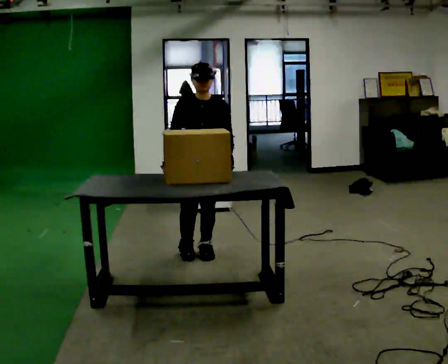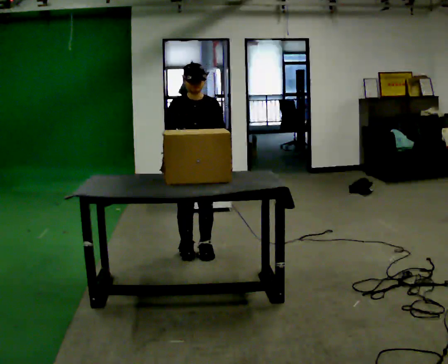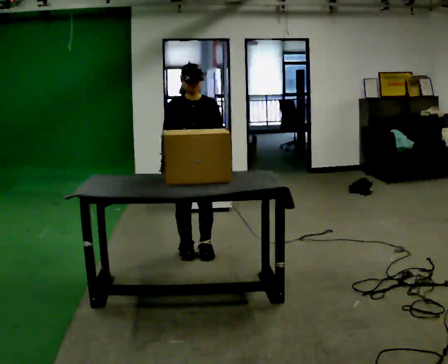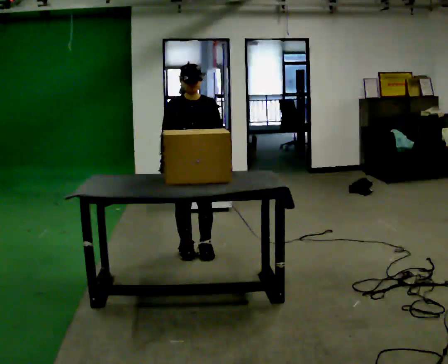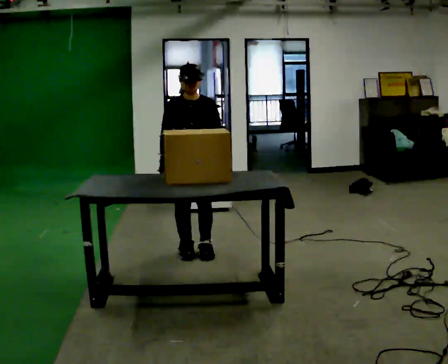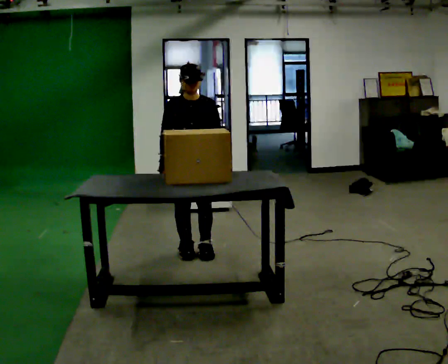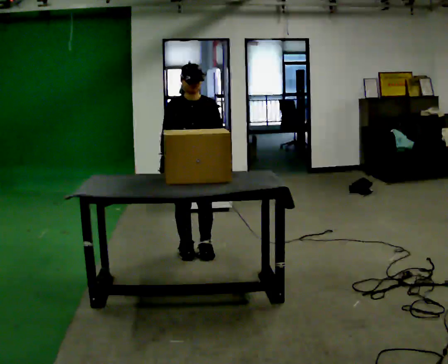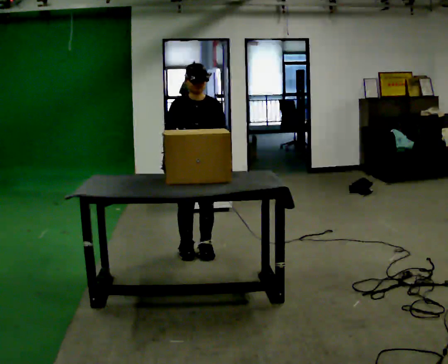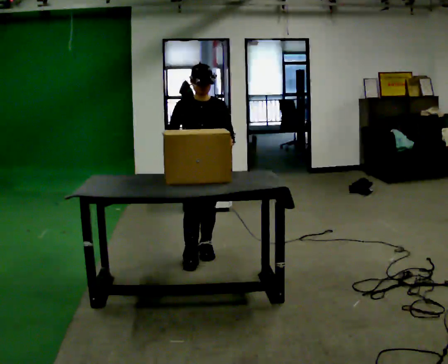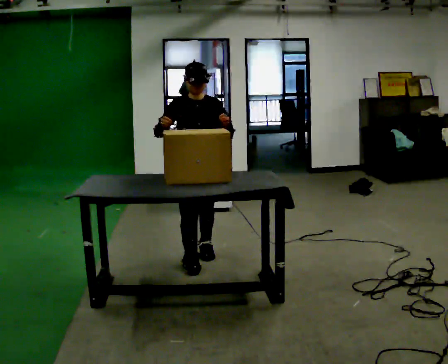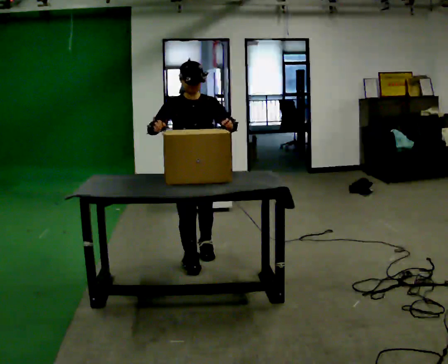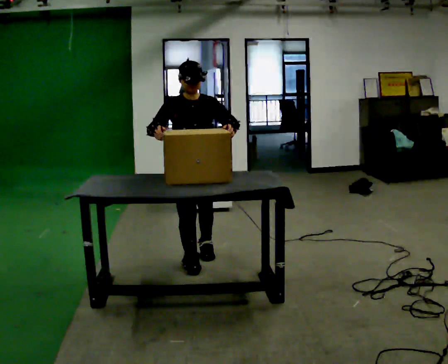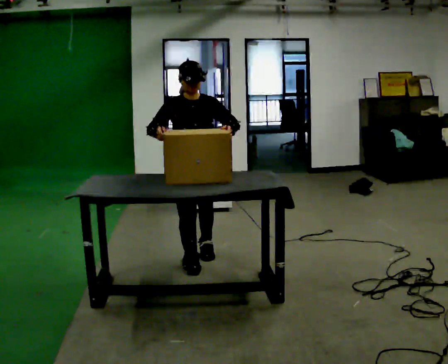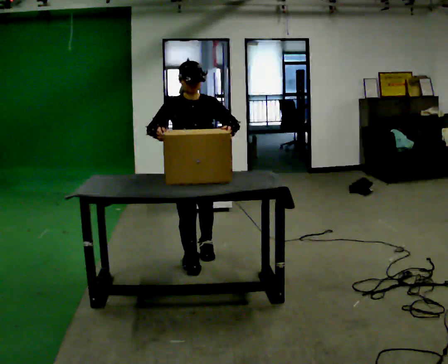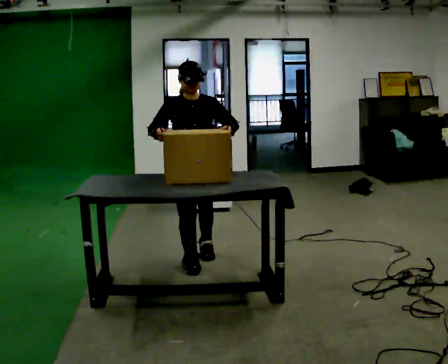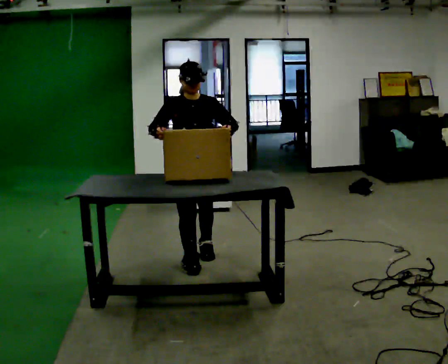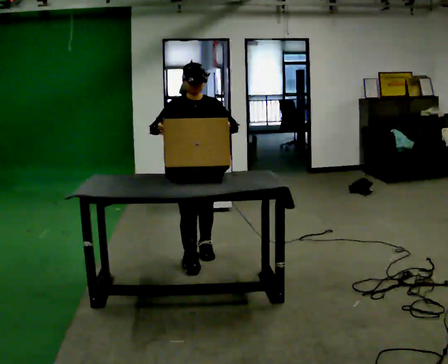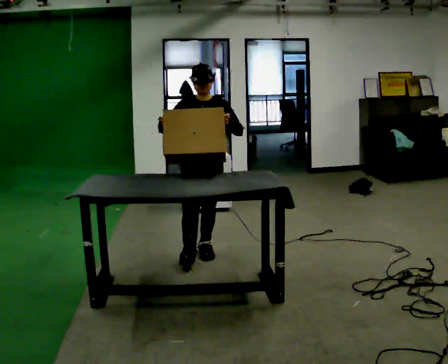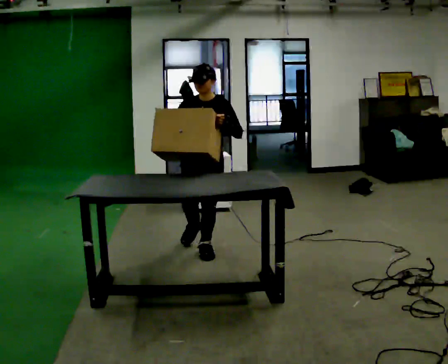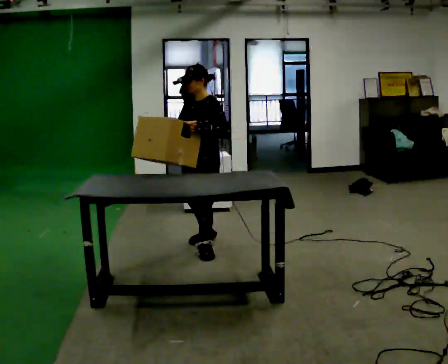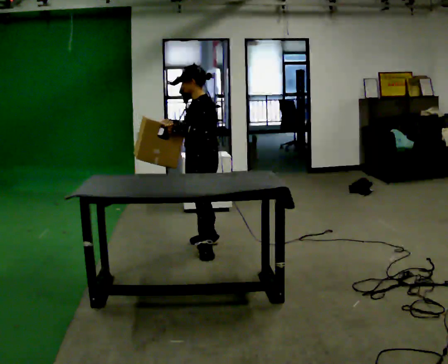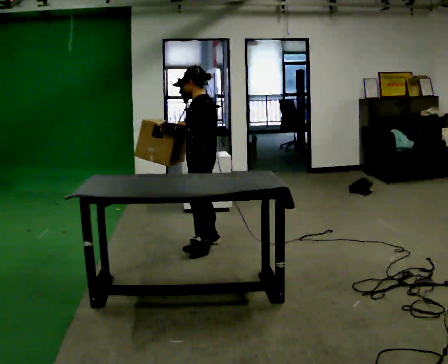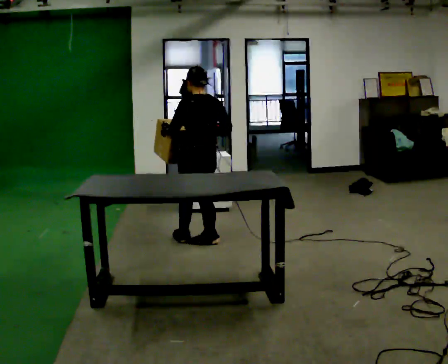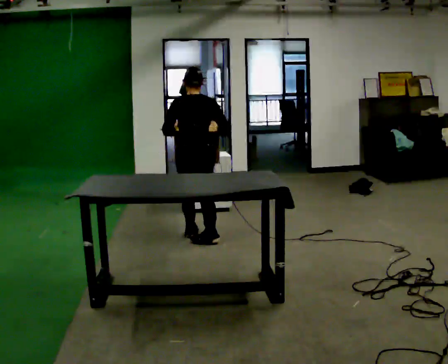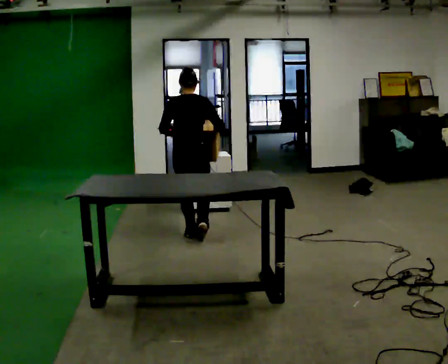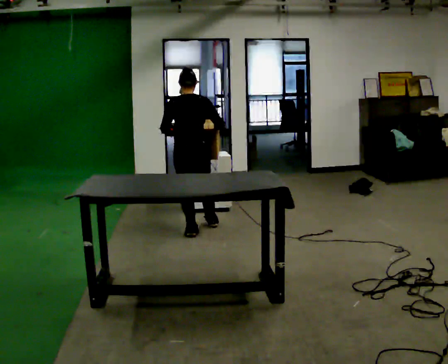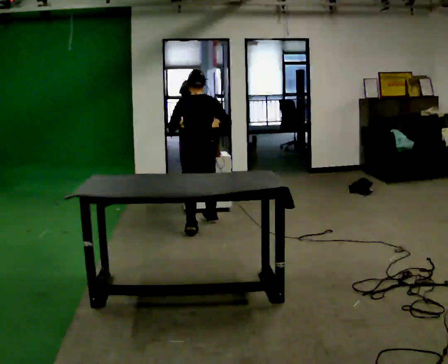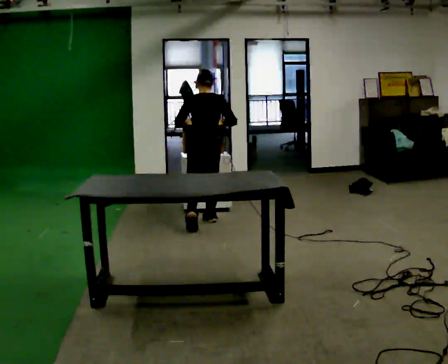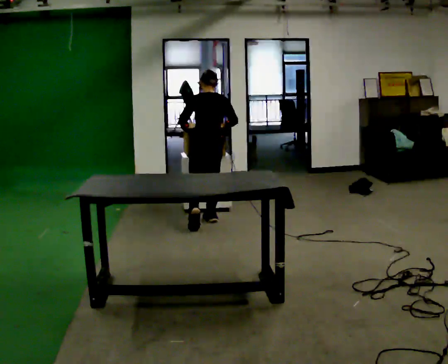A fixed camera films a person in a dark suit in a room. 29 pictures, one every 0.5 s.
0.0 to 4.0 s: The person moves a little, or ends about where they began.
4.0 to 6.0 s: In the picture they go toward the camera, about 0.25 m in 1 step, which for them is forward.
6.0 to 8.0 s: The person moves a little, or ends about where they began.
8.0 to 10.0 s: The part of the body nearest the lens slides to the left as the person turns to their right by about 90 degrees. In the picture they go away from the camera, about 0.25 m in 1 step.
10.0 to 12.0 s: Seen from above the body turns clockwise, about 120 degrees: to their right, with its near side sliding to the left. In the picture they go away from the camera, about 0.5 m in 1 step.
12.0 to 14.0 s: In the picture they go away from the camera, about 0.5 m in 1 step, which for them is forward and to their right.
The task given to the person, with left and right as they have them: Move objects one at a time from the waist-height shelf on your left to the one on your right. Repeat at your own pace until the operator says stop. Keep both feet on the marked spots for the whole take. If you have to step, stop and tell the operator.
The film runs forward here.
